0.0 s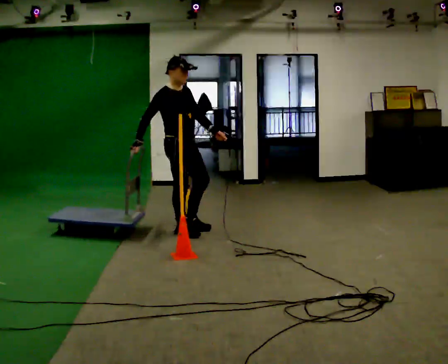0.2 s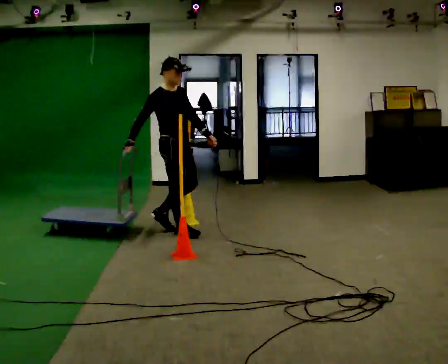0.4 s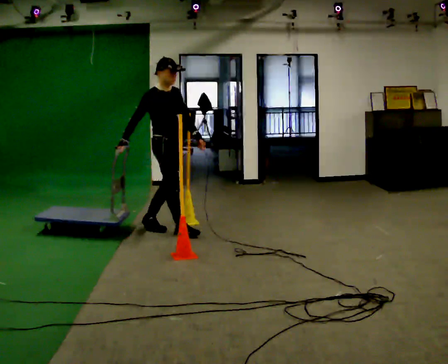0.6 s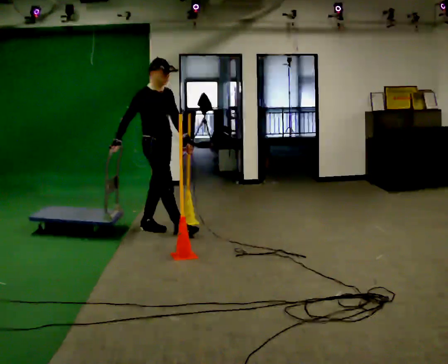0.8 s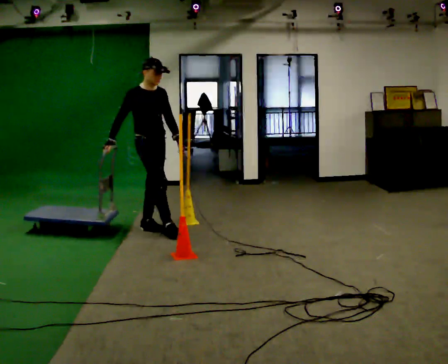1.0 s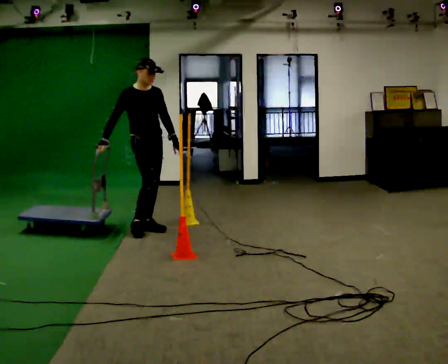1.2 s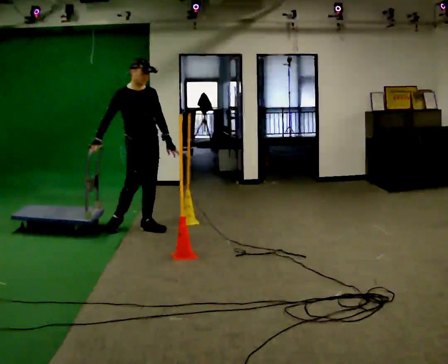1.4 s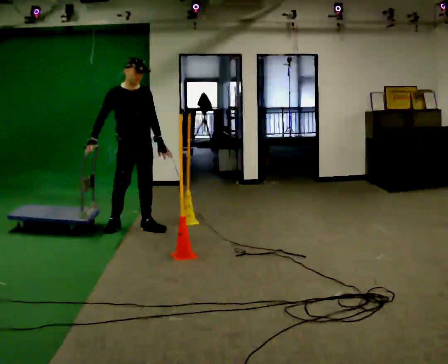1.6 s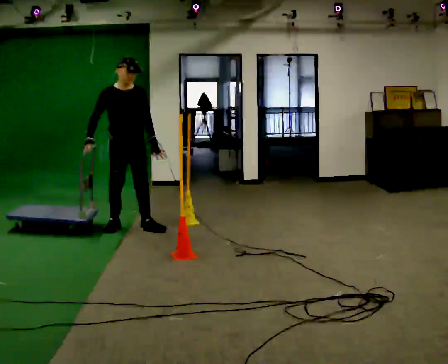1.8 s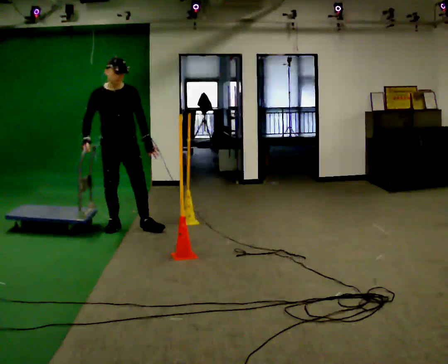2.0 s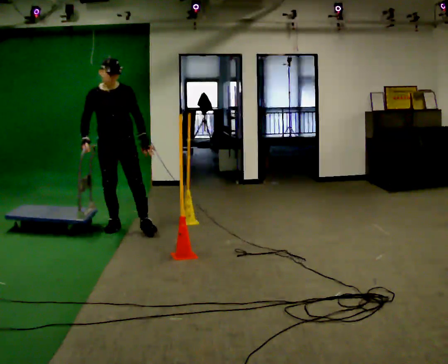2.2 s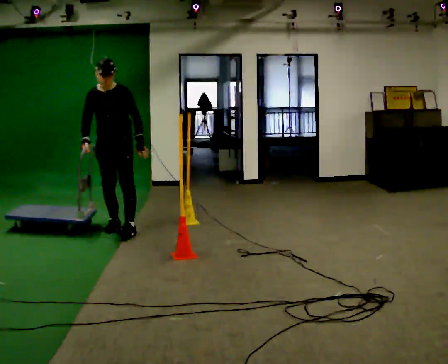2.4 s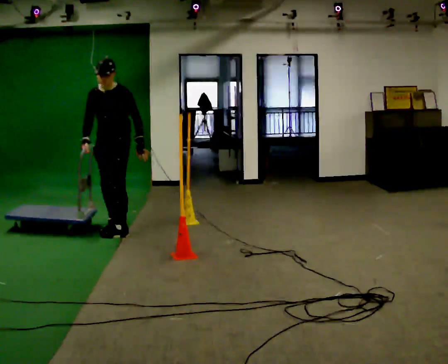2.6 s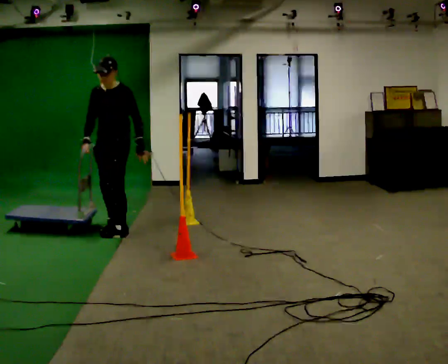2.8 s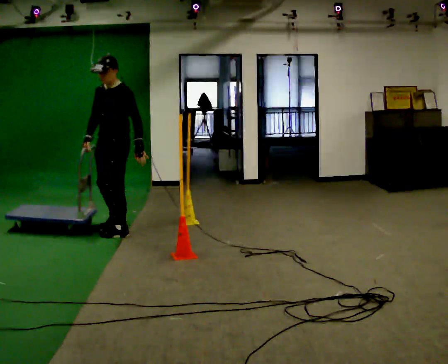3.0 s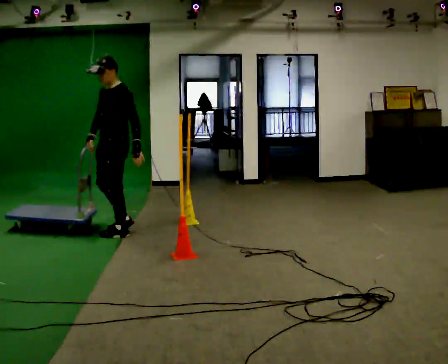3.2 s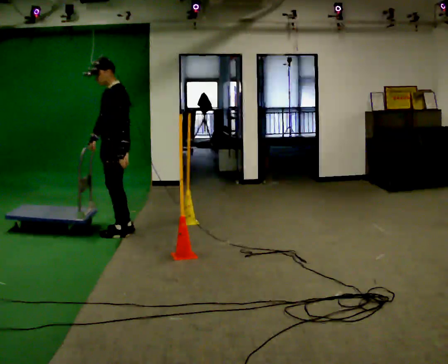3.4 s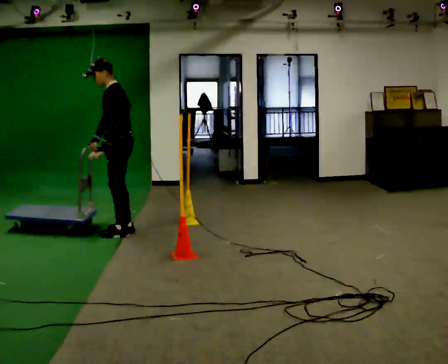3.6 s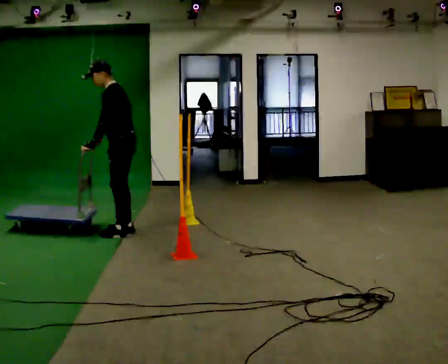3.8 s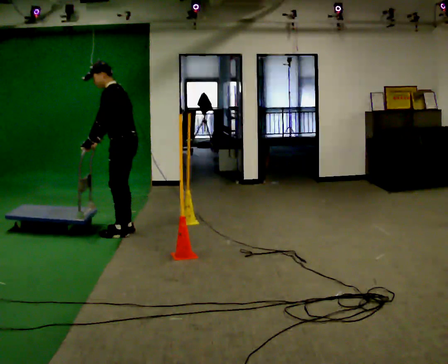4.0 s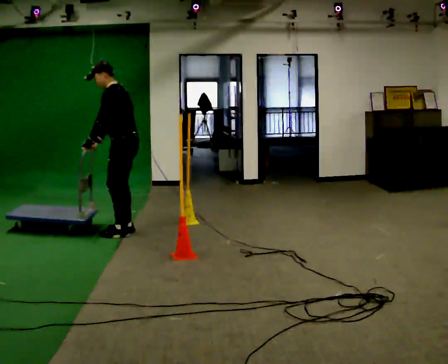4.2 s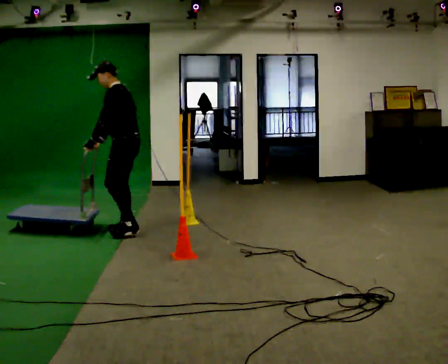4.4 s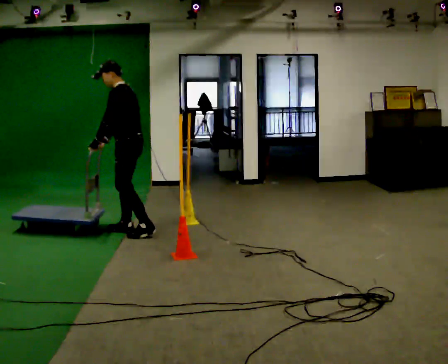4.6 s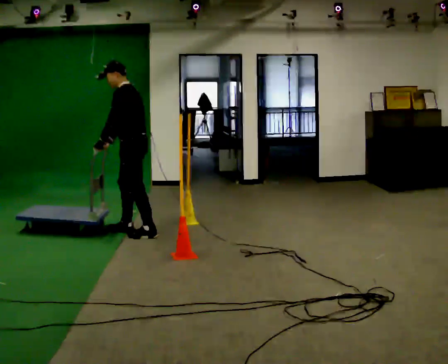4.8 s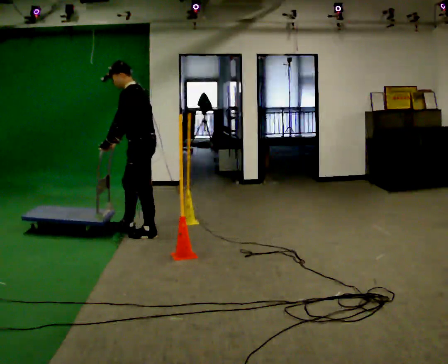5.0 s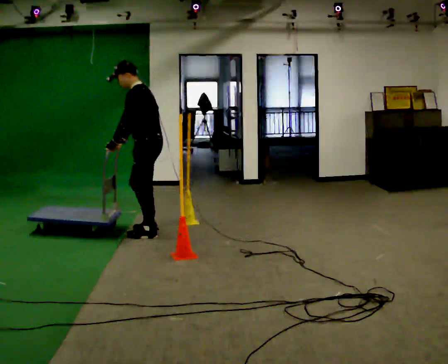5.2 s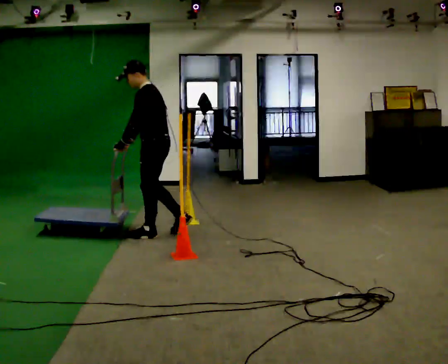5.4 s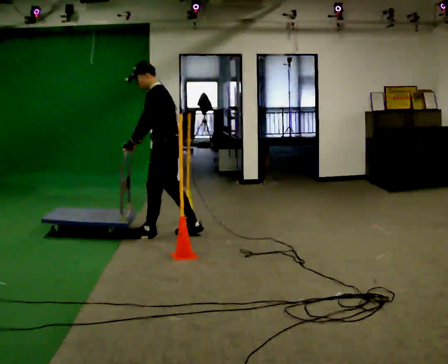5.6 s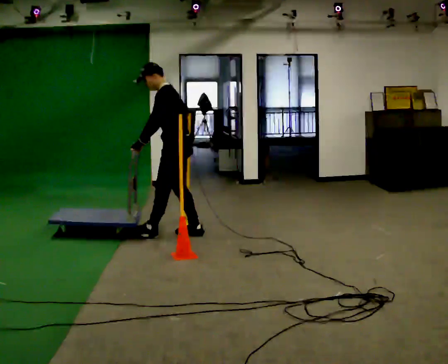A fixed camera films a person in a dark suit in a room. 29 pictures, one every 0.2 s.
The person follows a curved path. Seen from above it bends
counterclockwise.
The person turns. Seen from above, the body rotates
clockwise.
0.0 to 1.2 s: In the picture they go to the left and away from the camera, about 0.5 m in 1 step, which for them is backward.
1.2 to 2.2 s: The person turns about 45 degrees to their right, clockwise seen from above, so the part of the body nearest the lens slides to the left. In the picture they go to the left, about 0.25 m in 1 step, which for them is to their right.
2.2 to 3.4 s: Seen from above the body turns clockwise, about 75 degrees: to their right, with its near side sliding to the left. In the picture they go toward the camera, about 0.25 m in 1 step.
3.4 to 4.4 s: The person moves a little, or ends about where they began.
4.4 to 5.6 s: In the picture they go to the right, about 0.5 m in 1 step, which for them is backward.
The film runs backward here.
